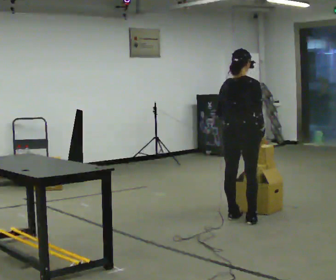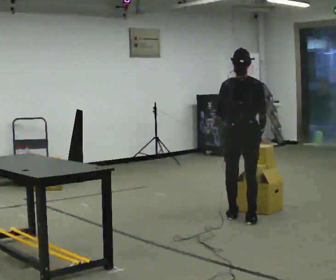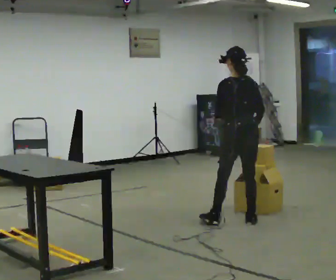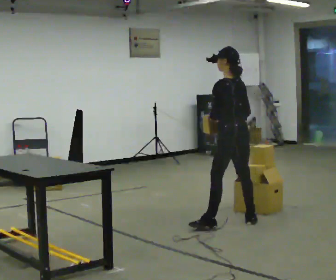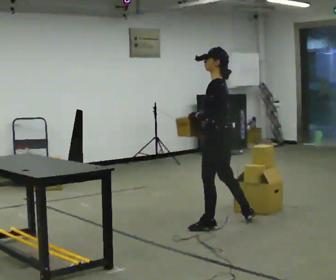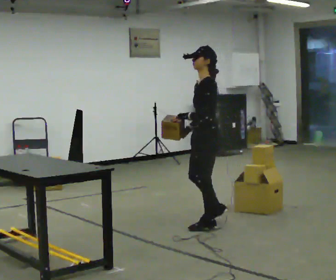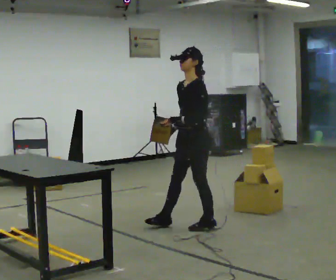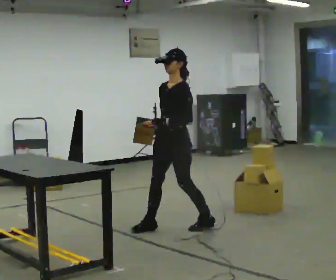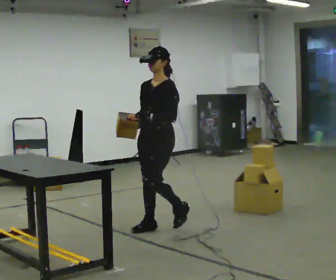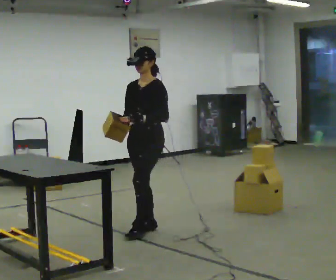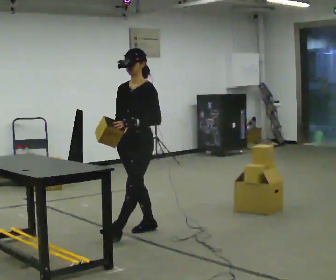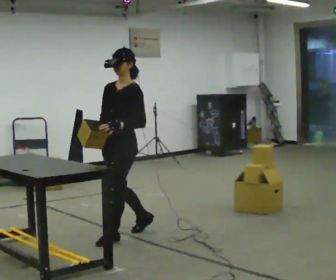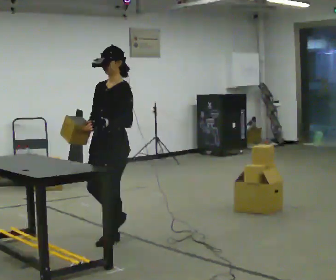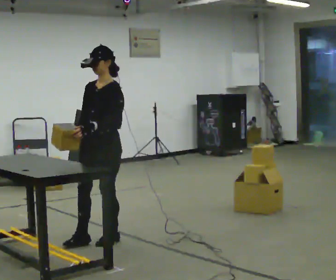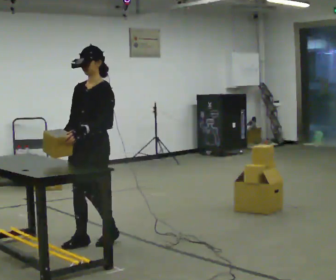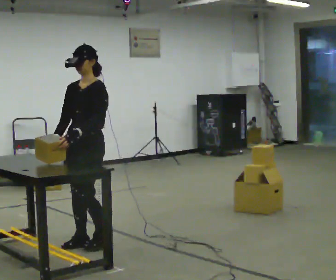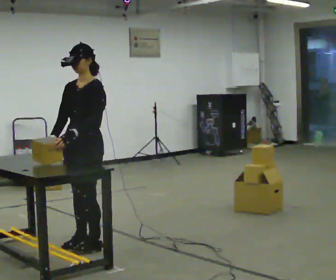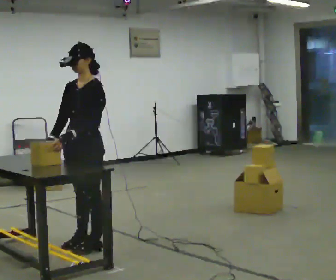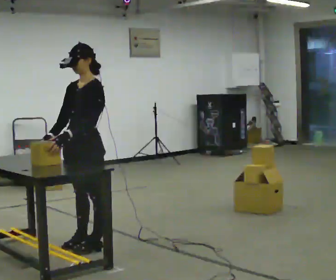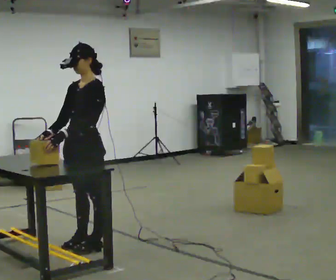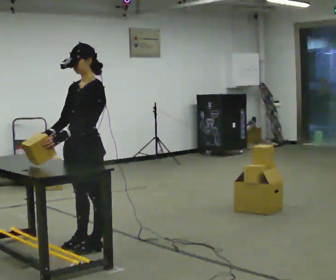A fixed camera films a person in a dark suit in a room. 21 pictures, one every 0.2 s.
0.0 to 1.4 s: The person turns about 165 degrees to their left, counterclockwise seen from above, so the part of the body nearest the lens slides to the right. In the picture they go to the left, about 0.75 m in 2 steps.
1.4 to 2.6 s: In the picture they go to the left and toward the camera, about 0.75 m in 1 step, which for them is forward.
2.6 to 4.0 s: In the picture they go toward the camera, about 0.25 m in 2 steps, which for them is forward.
The film runs forward here.
